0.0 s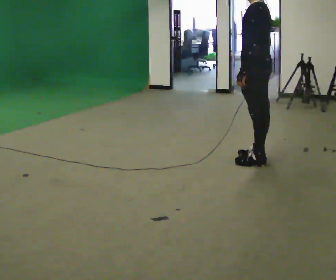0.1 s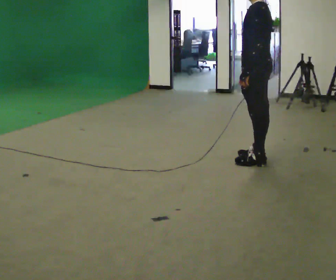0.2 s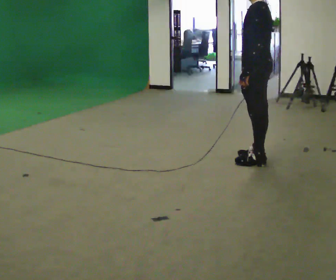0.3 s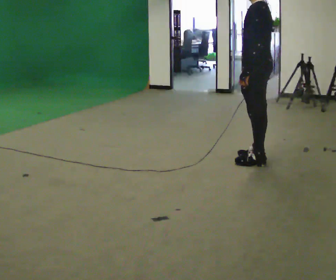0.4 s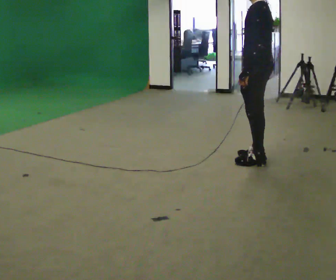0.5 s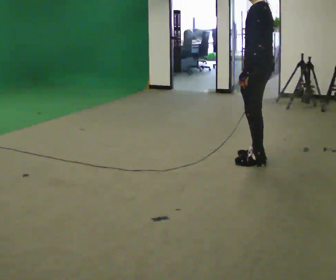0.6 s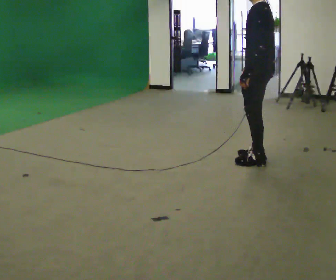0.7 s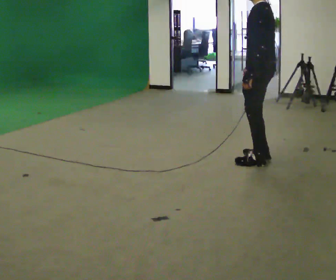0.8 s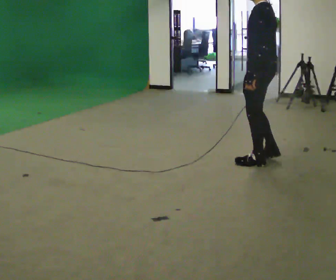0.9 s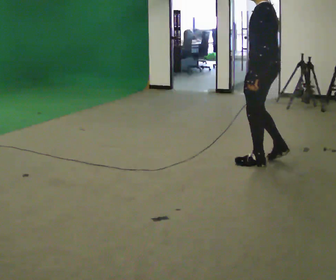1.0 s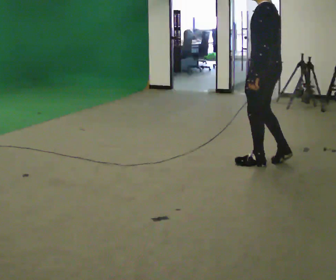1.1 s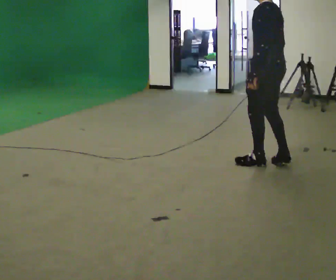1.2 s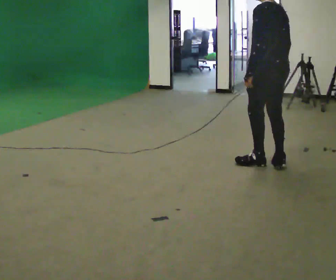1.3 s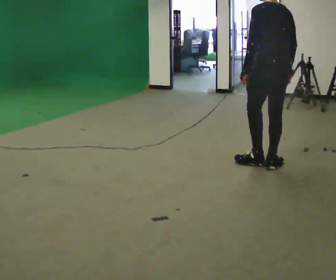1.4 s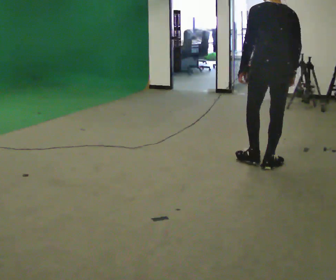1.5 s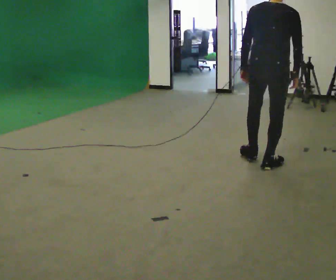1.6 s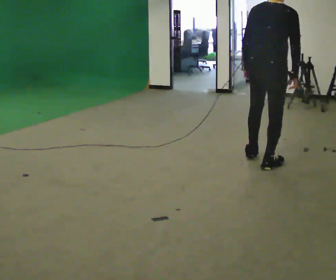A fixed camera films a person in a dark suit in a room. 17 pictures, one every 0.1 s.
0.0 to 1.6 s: Seen from above the body turns clockwise, about 105 degrees: to their right, with its near side sliding to the left.
The film runs backward here.
